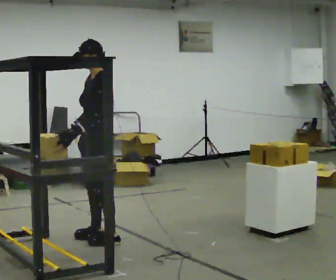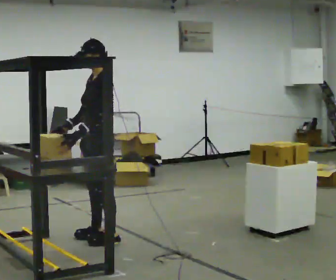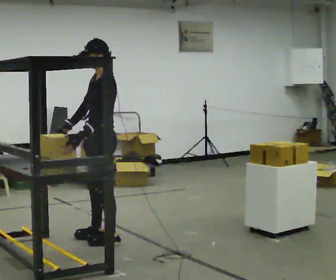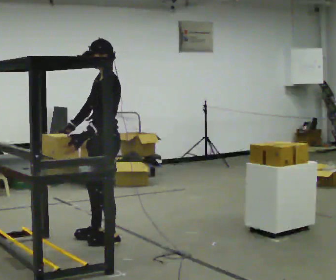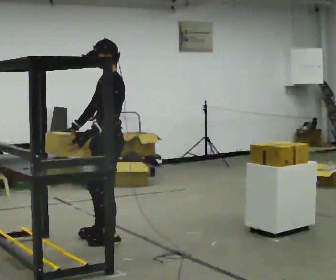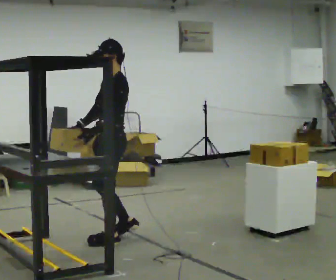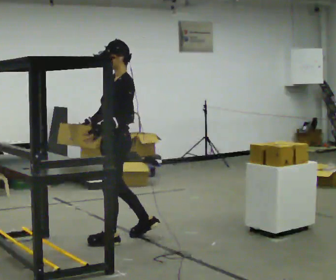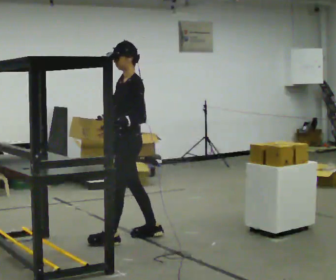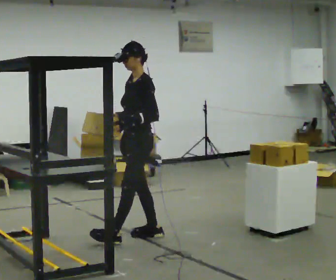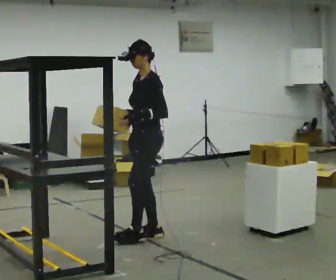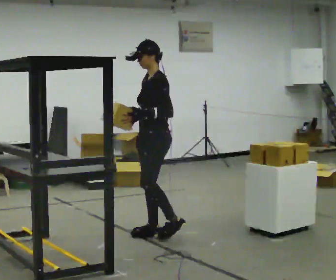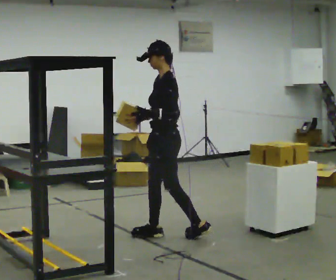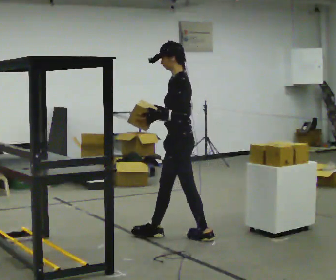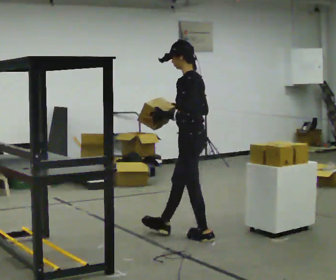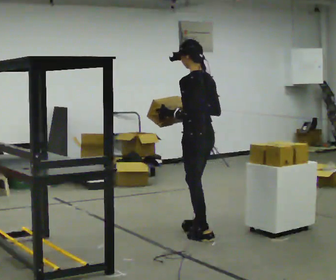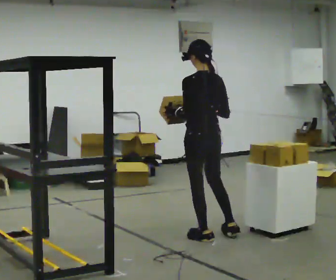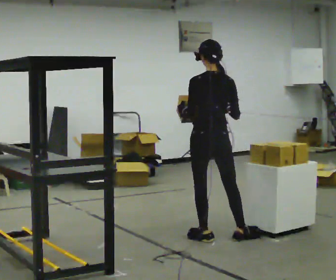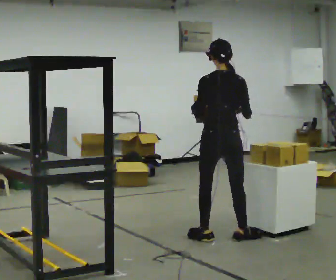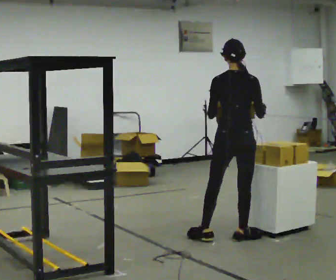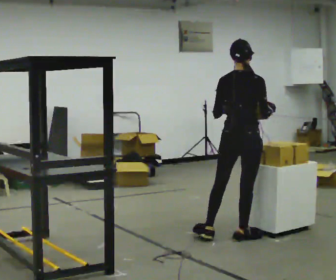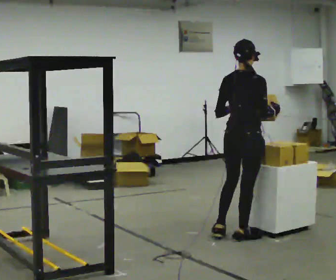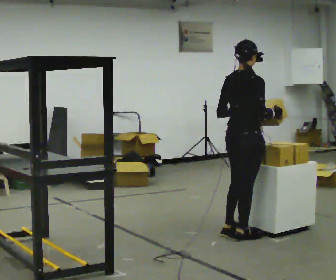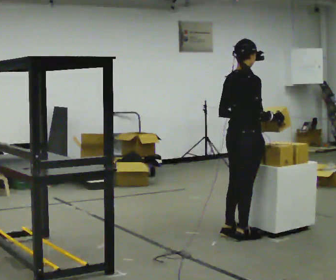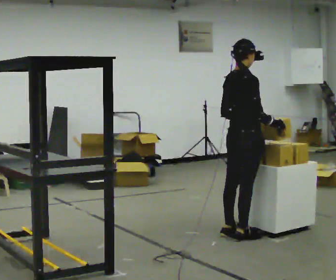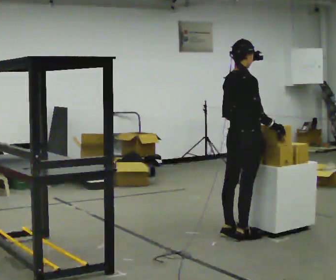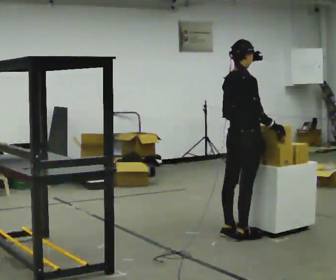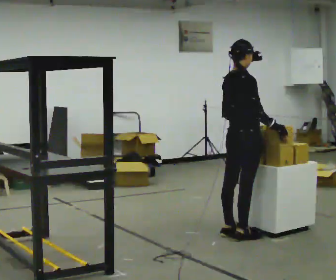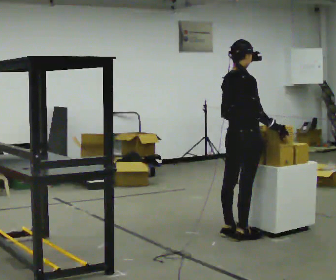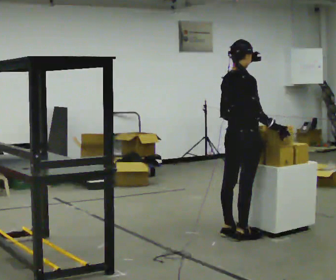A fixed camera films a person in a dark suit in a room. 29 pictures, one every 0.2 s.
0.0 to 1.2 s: In the picture they go to the right, about 0.25 m in 1 step, which for them is backward.
1.2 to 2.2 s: In the picture they go to the right and away from the camera, about 0.5 m in 1 step, which for them is backward.
2.2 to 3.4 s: Seen from above the body turns clockwise, about 105 degrees: to their right, with its near side sliding to the left. In the picture they go to the right, about 0.5 m in 1 step.
3.4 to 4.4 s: The person turns about 60 degrees to their right, clockwise seen from above, so the part of the body nearest the lens slides to the left. In the picture they go to the right, about 0.25 m in 1 step, which for them is forward.
4.4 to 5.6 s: The person moves a little, or ends about where they began.
The film runs backward here.
